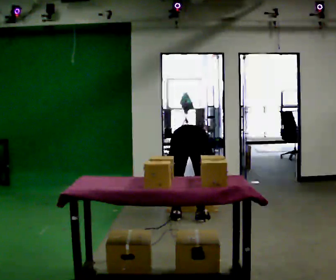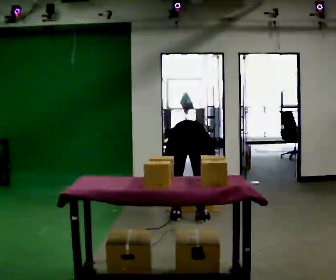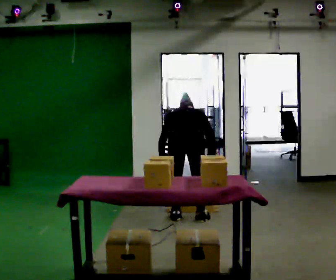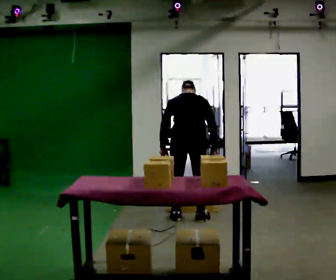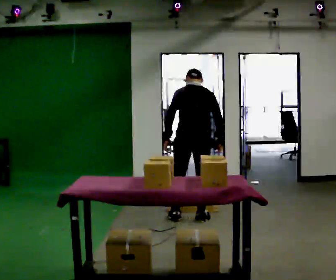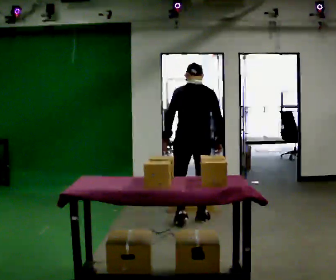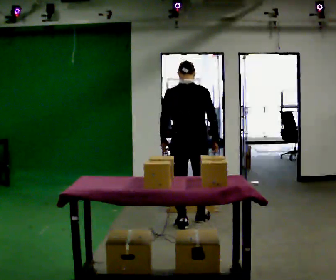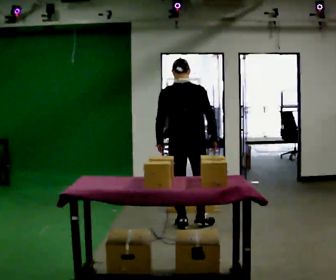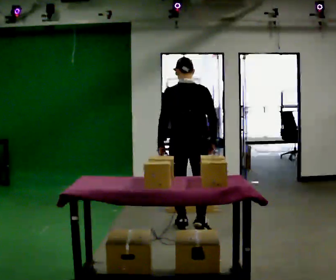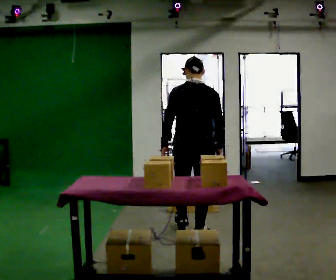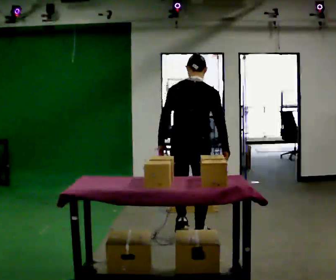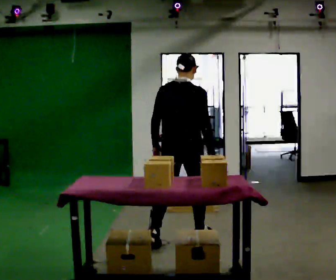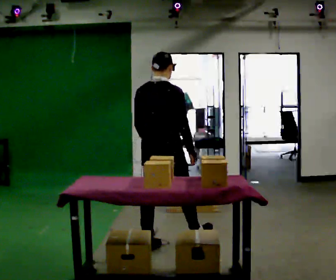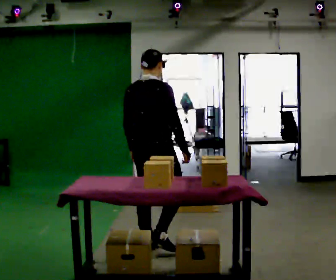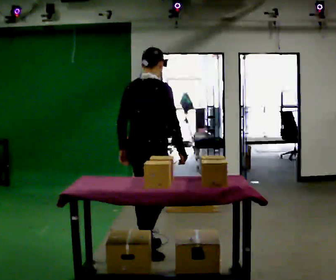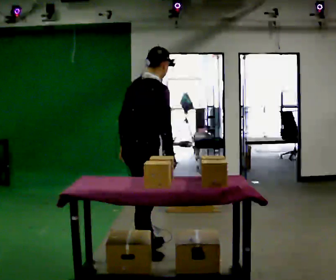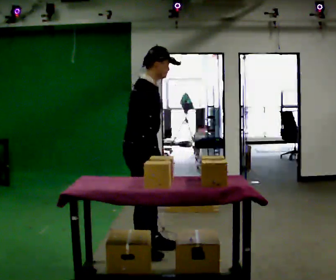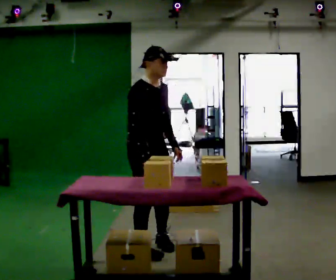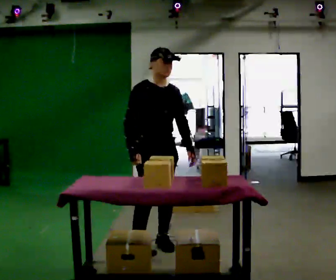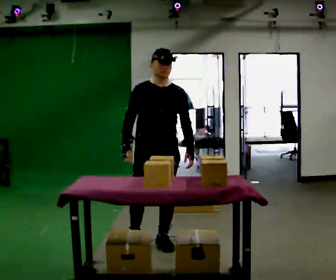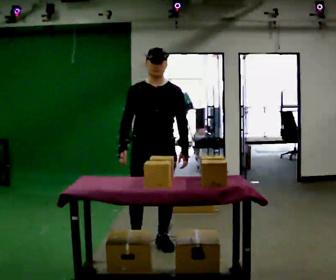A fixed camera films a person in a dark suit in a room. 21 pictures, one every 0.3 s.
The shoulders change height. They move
upward.
The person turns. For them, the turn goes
to their right.
0.0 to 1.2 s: The shoulders move upward. The upper body tips toward the camera, its near side rolling downward, as they lean back or straighten. In the picture their left hand goes upward.
1.2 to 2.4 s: In the picture they go toward the camera, about 0.25 m in 1 step, which for them is backward. The upper body tips toward the camera, its near side rolling downward, as they lean back or straighten.
2.4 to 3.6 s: Seen from above the body turns clockwise, about 30 degrees: to their right, with its near side sliding to the left. In the picture they go toward the camera, about 0.5 m in 2 steps, which for them is backward.
3.6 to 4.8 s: Seen from above the body turns clockwise, about 60 degrees: to their right, with its near side sliding to the left. In the picture they go toward the camera and to the left, about 0.25 m in 1 step, which for them is backward.
4.8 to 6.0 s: The person turns about 90 degrees to their right, clockwise seen from above, so the part of the body nearest the lens slides to the left. In the picture they go away from the camera, about 0.25 m in 1 step.
The film runs backward here.
